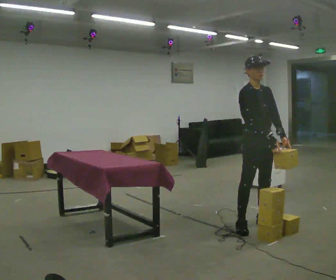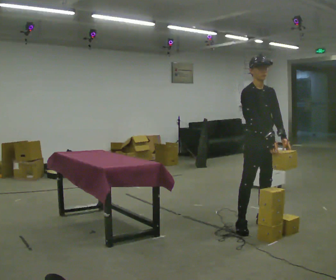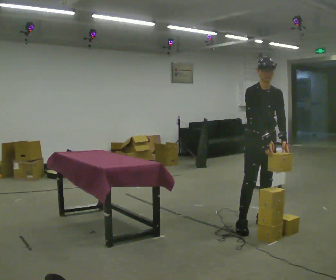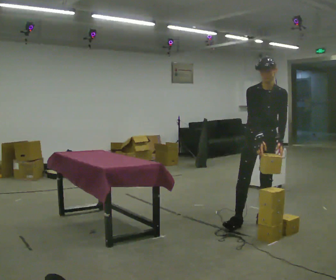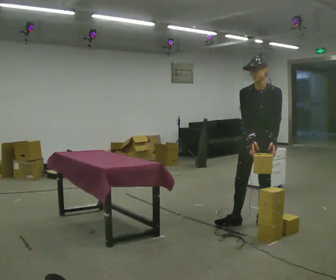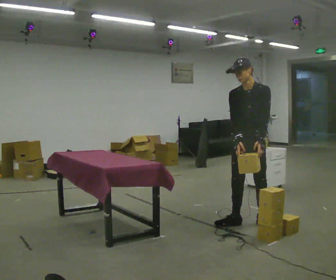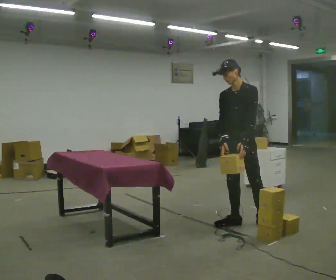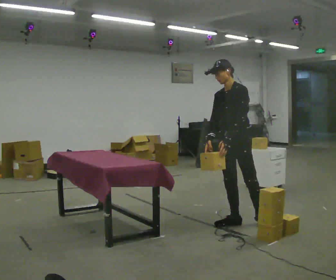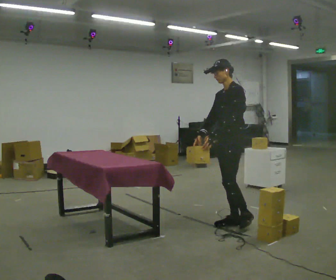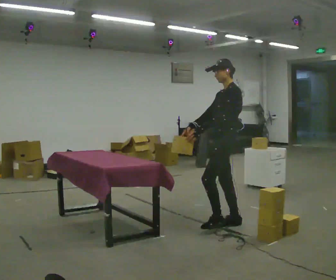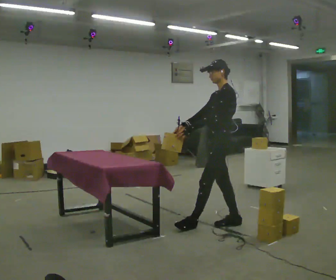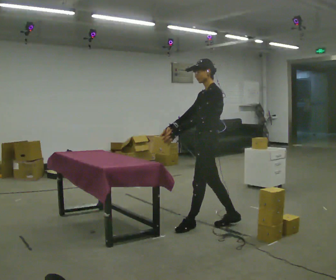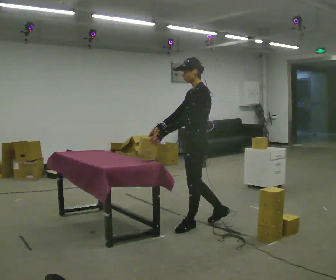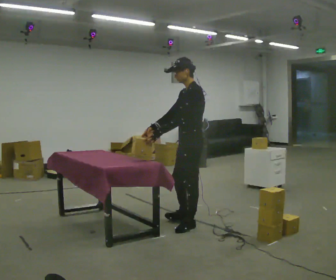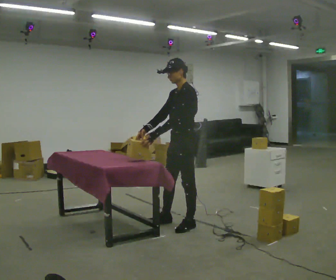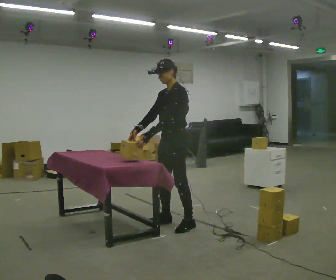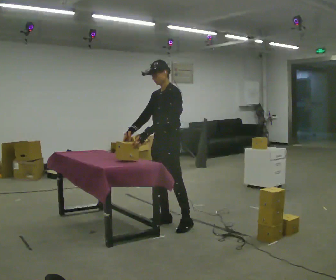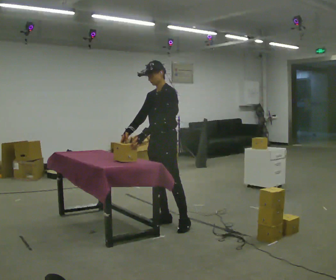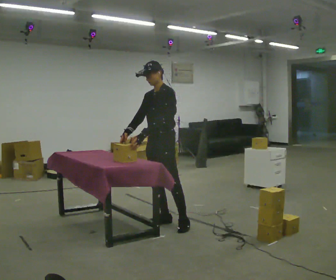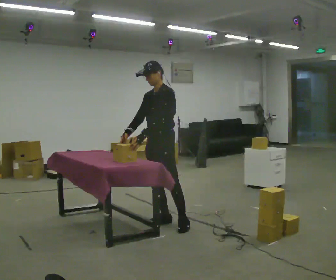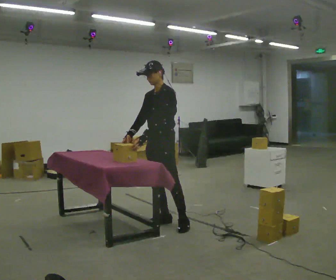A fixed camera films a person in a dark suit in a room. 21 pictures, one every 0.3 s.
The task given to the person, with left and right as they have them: 1. The operator will tell you the shelf is already sorted and just needs moving to the table. 2. Do what you think is right. 3. Tell the operator when you are finished.
0.0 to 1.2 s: The person turns about 45 degrees to their right, clockwise seen from above, so the part of the body nearest the lens slides to the left. In the picture they go away from the camera, about 0.25 m, which for them is backward.
1.2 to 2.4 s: The person turns about 45 degrees to their right, clockwise seen from above, so the part of the body nearest the lens slides to the left. In the picture they go to the left, about 0.25 m, which for them is to their right. In the picture their left hand goes to the left.
2.4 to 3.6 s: In the picture they go to the left, about 0.25 m in 1 step, which for them is forward.
3.6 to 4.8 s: Seen from above the body turns counterclockwise, about 30 degrees: to their left, with its near side sliding to the right. In the picture they go to the left, about 0.25 m in 1 step, which for them is to their right and forward.
4.8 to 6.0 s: The person moves a little, or ends about where they began.
The film runs forward here.
